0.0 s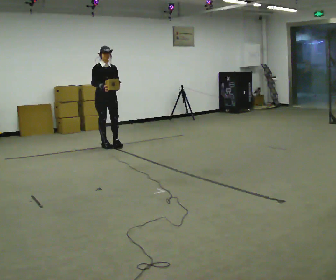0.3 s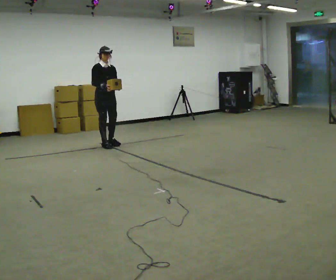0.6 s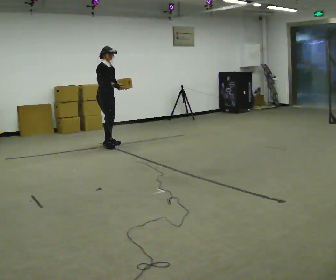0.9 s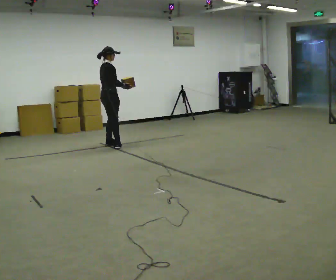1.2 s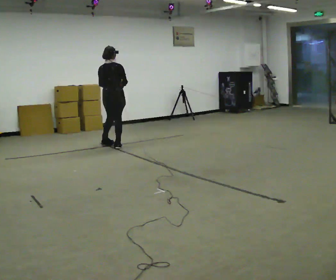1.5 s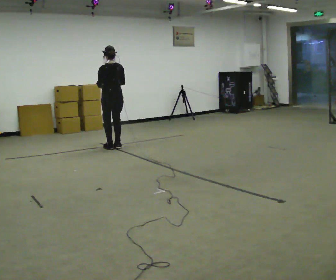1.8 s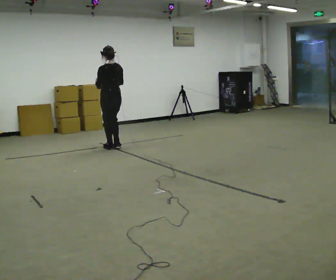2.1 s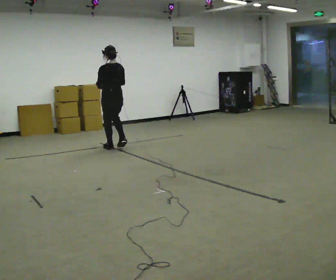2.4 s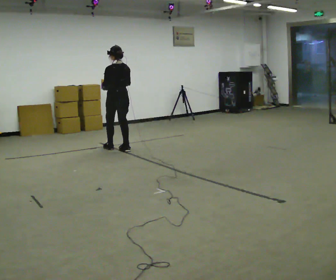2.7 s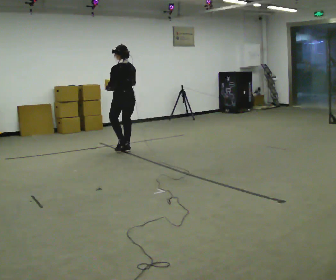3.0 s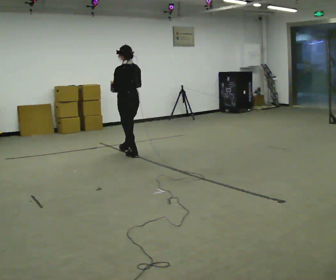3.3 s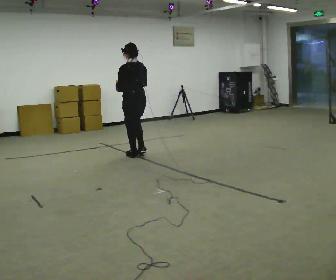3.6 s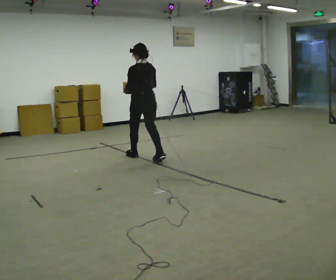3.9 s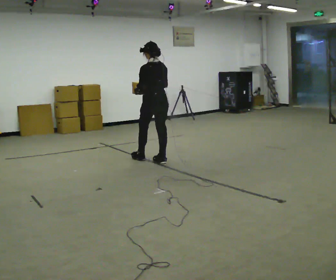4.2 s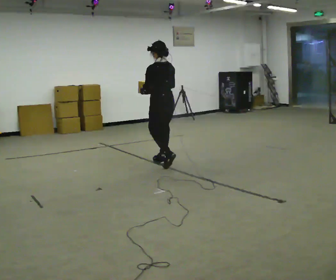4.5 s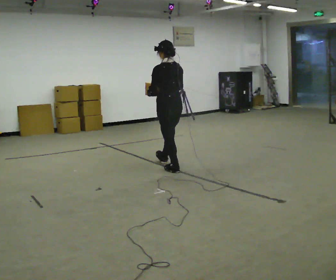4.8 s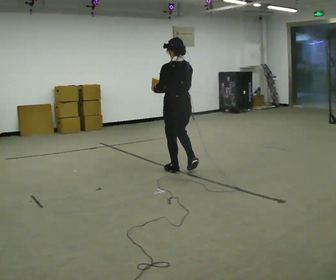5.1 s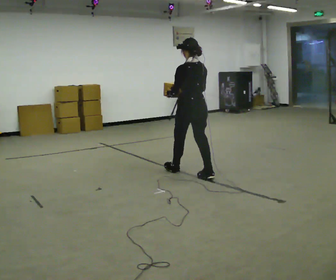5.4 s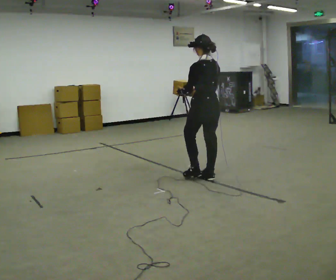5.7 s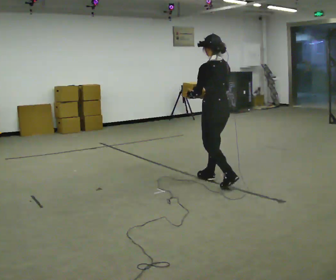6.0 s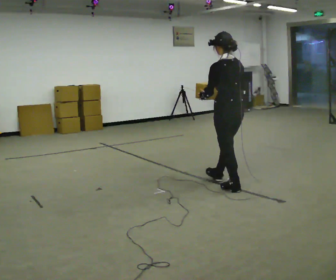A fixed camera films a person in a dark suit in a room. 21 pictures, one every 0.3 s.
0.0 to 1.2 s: The person turns about 135 degrees to their left, counterclockwise seen from above, so the part of the body nearest the lens slides to the right. In the picture their right hand goes to the right.
1.2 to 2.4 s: The person turns about 45 degrees to their left, counterclockwise seen from above, so the part of the body nearest the lens slides to the right. In the picture they go toward the camera, about 0.25 m in 1 step, which for them is backward.
2.4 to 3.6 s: In the picture they go toward the camera and to the right, about 0.5 m in 2 steps, which for them is backward.
3.6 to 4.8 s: In the picture they go toward the camera and to the right, about 1 m in 2 steps, which for them is backward.
4.8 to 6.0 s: In the picture they go toward the camera and to the right, about 1 m in 2 steps, which for them is backward.
The film runs backward here.
